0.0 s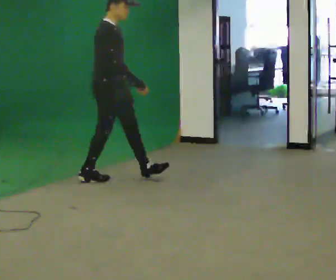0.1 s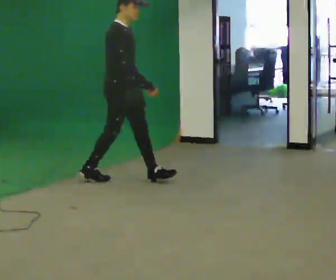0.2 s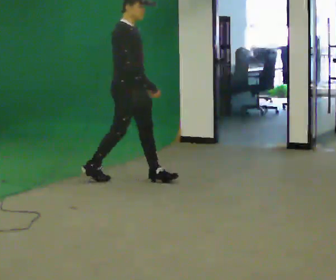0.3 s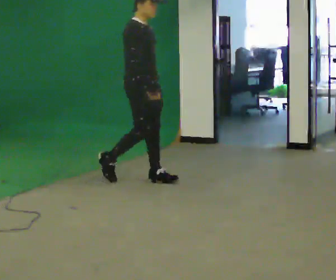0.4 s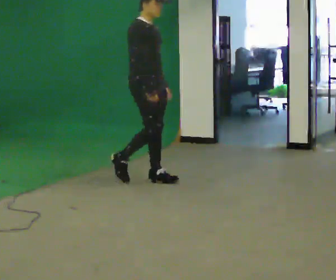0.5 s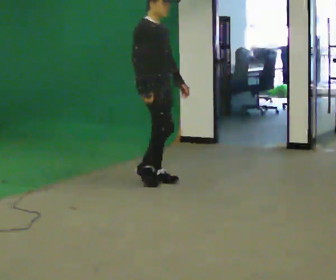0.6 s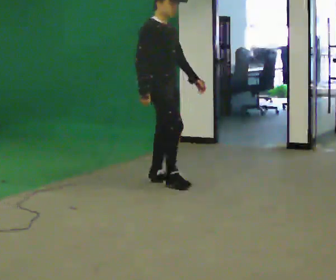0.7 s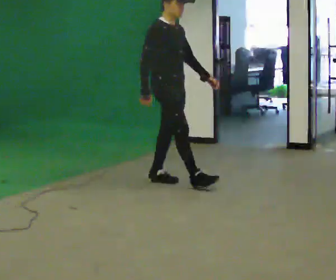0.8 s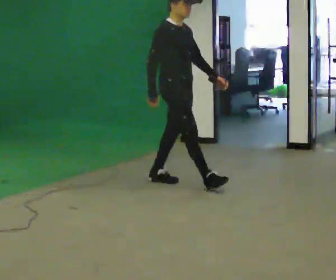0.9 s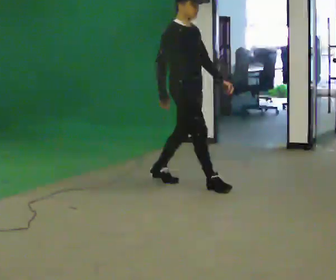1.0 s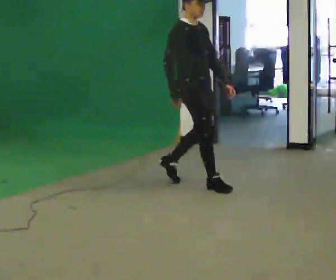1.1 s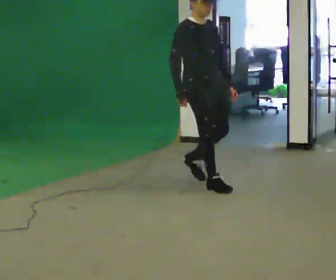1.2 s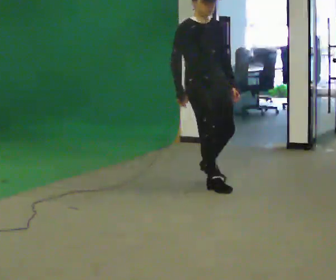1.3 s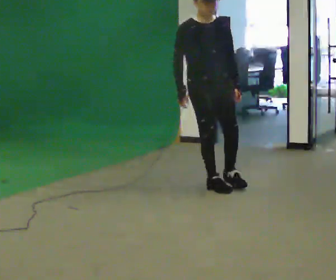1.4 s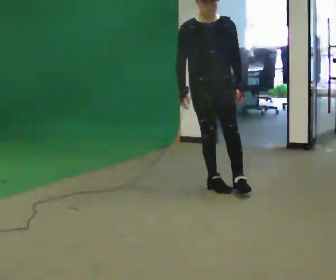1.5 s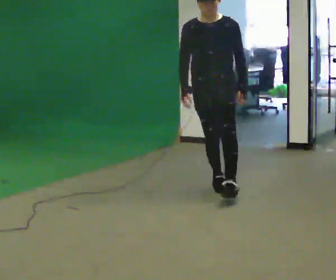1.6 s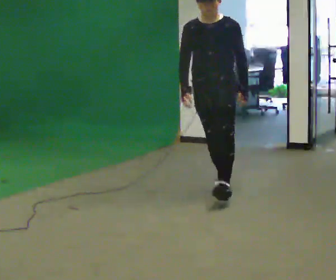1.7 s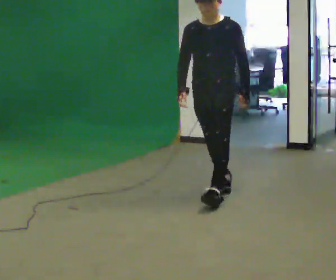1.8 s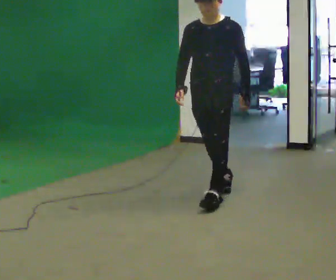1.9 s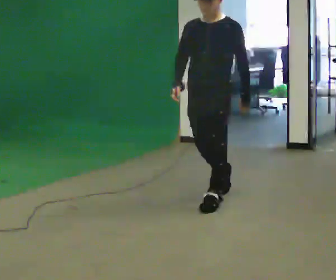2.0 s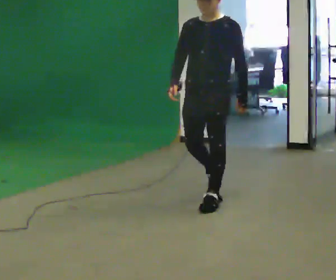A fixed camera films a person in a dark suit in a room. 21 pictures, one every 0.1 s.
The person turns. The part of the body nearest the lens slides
to the left.
The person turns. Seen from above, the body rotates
clockwise.
0.0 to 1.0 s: In the picture they go to the right, about 1 m in 2 steps, which for them is forward.
1.0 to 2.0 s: Seen from above the body turns clockwise, about 90 degrees: to their right, with its near side sliding to the left. In the picture they go toward the camera, about 0.5 m in 1 step.
The film runs forward here.
